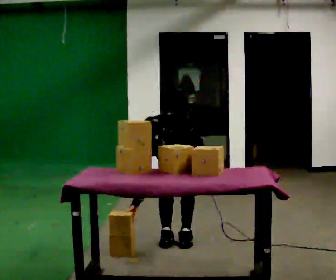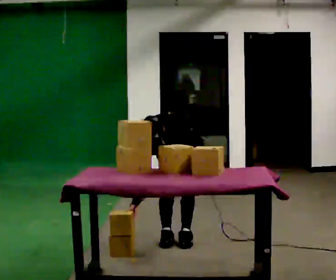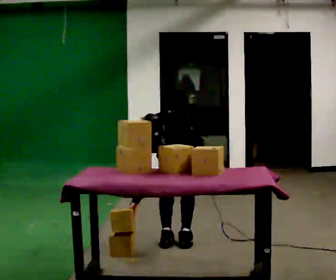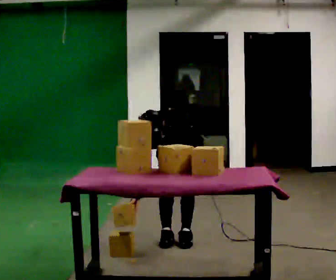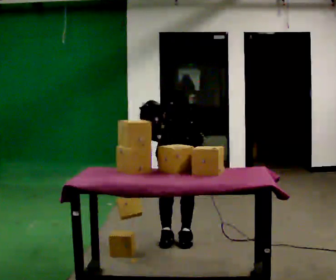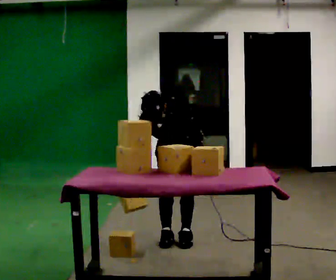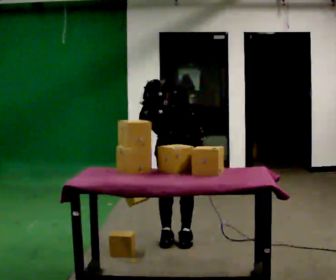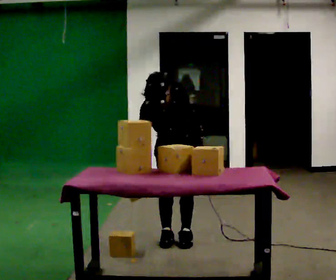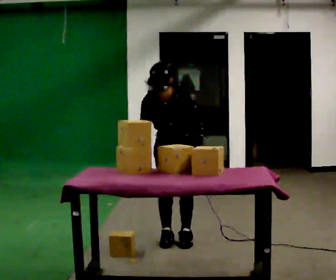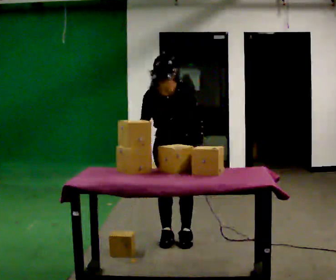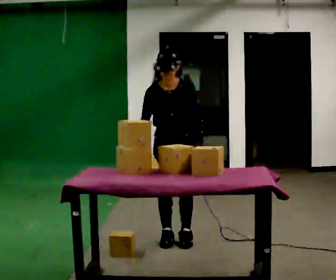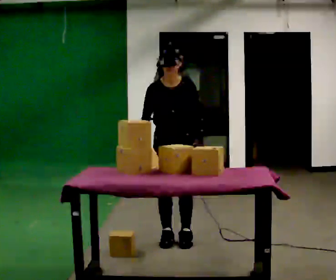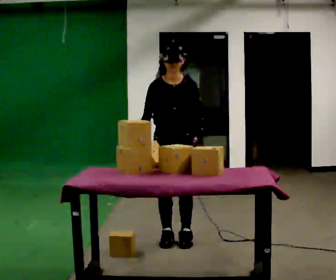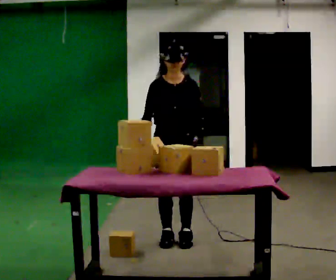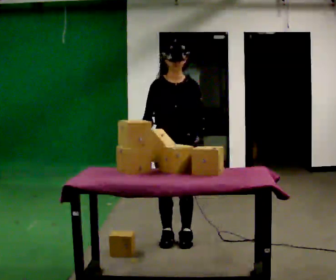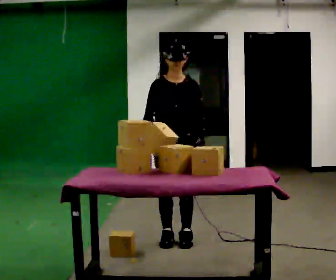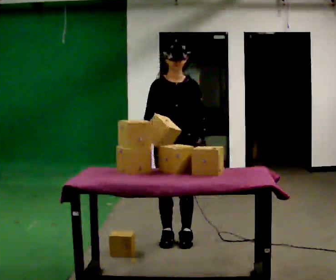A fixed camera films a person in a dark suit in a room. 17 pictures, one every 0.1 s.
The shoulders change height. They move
upward.
The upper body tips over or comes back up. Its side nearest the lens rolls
upward.
0.0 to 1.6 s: In the picture they go toward the camera, about 0.25 m, which for them is forward. The shoulders move upward. The upper body tips away from the camera, its near side rolling upward, as they lean back or straighten. In the picture their right hand goes upward.
The film runs forward here.
